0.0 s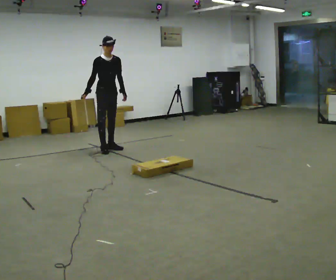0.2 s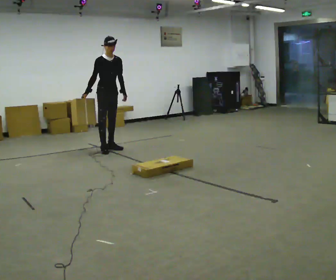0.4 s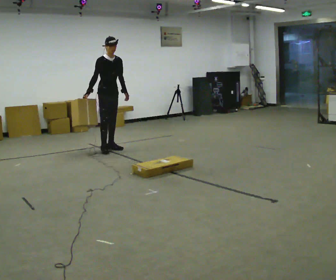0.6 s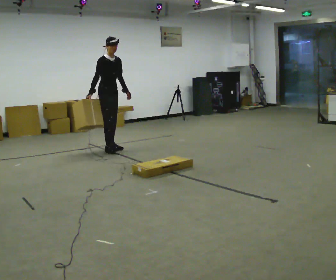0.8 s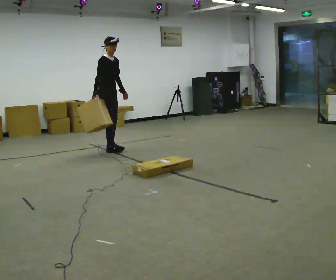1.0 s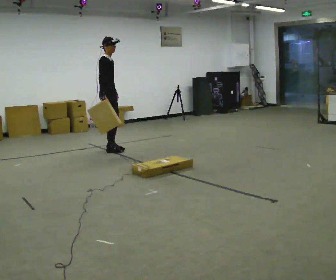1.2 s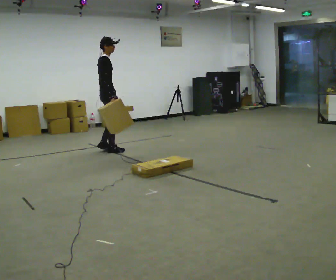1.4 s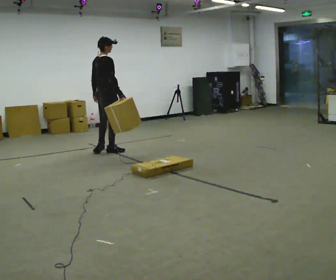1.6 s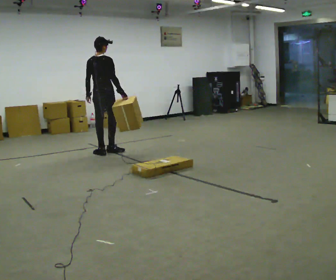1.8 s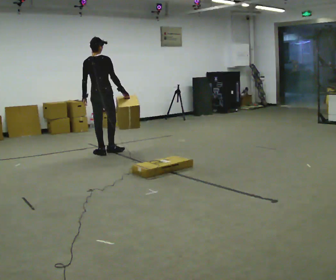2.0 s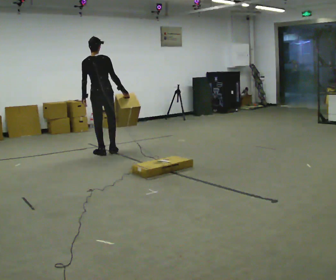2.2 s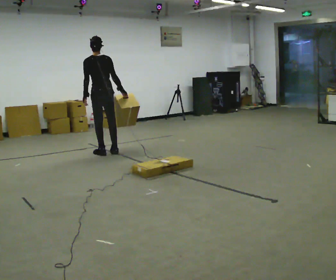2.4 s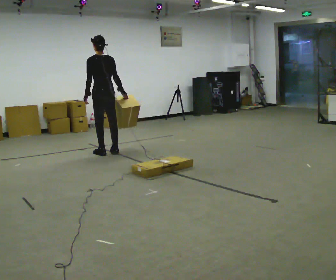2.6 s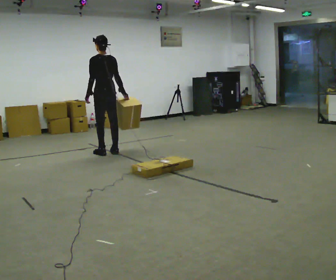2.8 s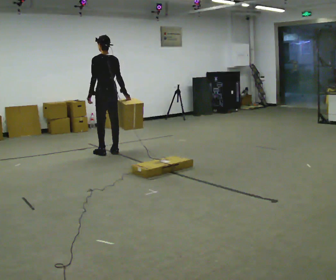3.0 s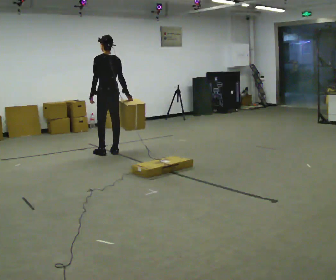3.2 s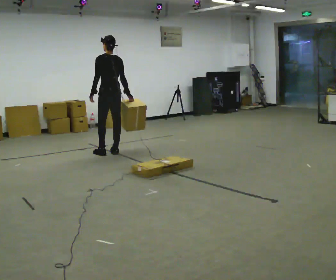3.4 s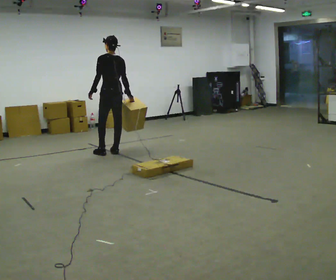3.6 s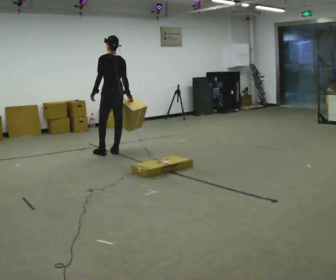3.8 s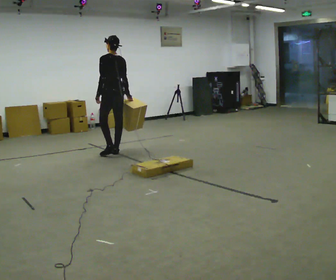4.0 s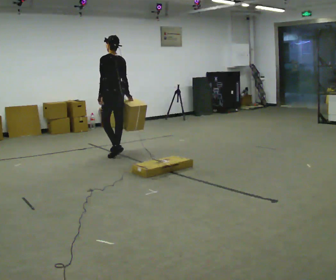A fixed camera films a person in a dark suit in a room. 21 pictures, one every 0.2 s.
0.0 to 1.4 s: The part of the body nearest the lens slides to the right as the person turns to their left by about 120 degrees. In the picture they go toward the camera, about 0.25 m in 1 step. In the picture their right hand goes to the right, the arm swinging counterclockwise.
1.4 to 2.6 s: Seen from above the body turns counterclockwise, about 75 degrees: to their left, with its near side sliding to the right.
2.6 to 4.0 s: The person moves a little, or ends about where they began.
The film runs backward here.
